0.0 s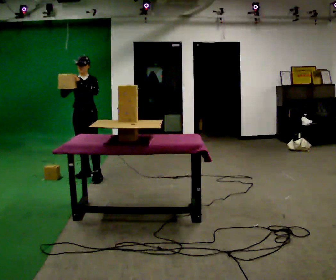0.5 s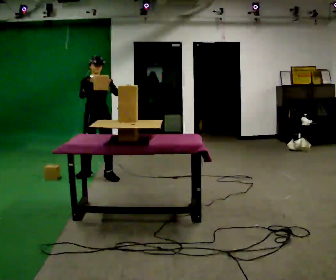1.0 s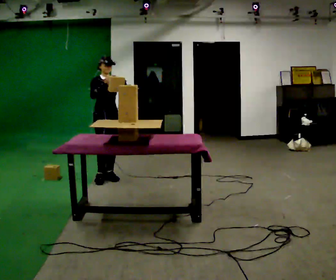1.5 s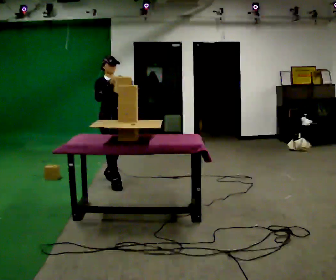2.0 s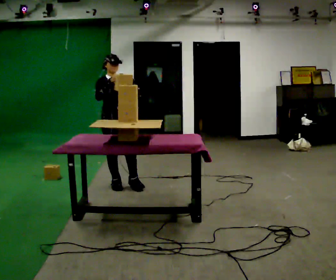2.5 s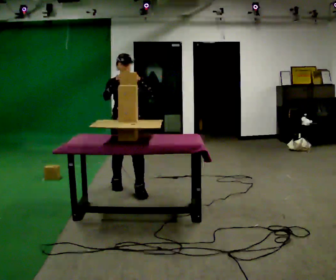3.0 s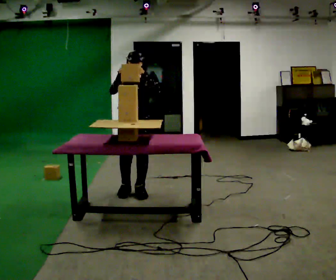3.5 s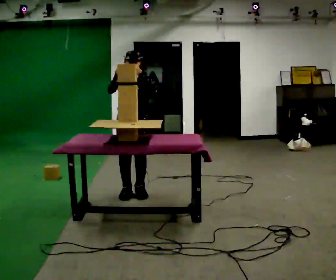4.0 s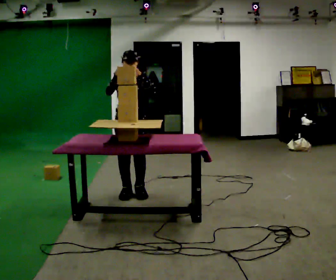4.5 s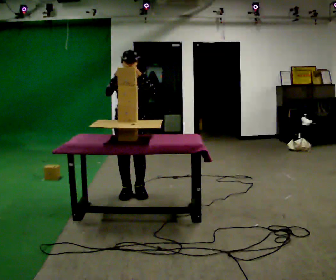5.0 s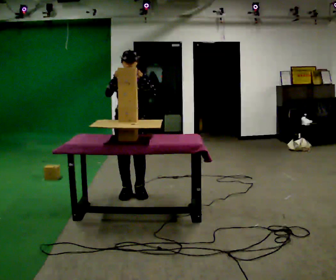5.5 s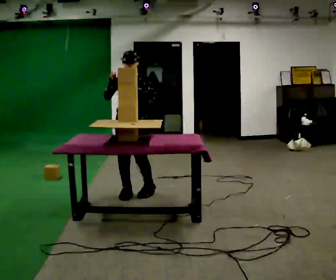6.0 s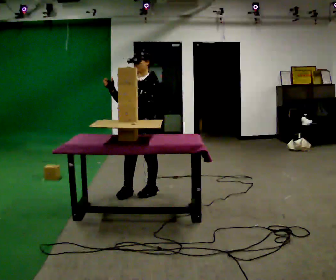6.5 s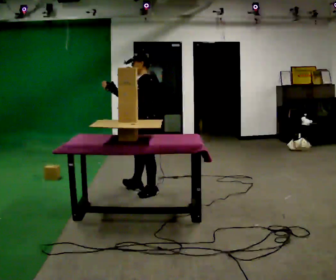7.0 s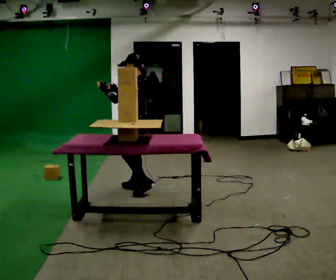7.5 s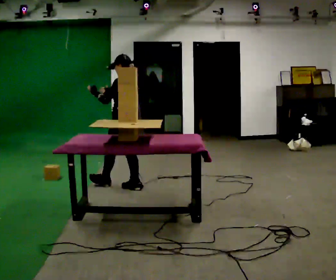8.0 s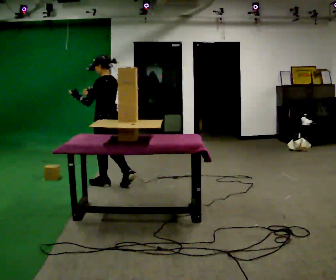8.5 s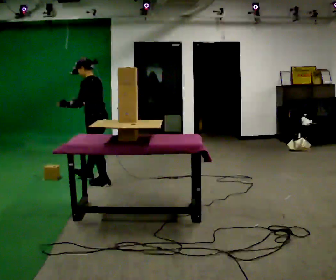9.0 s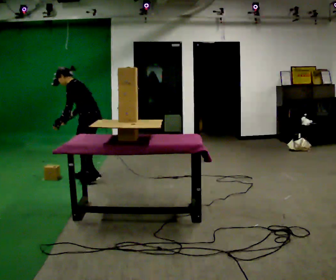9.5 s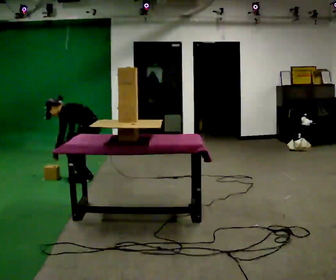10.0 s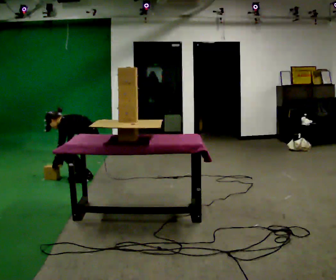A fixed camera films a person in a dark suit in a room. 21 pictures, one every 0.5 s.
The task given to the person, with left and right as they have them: Carry the object over and set it down on the wobbly board without tipping it over. Keep going until the operator says stop; one object at a time, and do not rush between trips.
0.0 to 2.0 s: Seen from above the body turns counterclockwise, about 30 degrees: to their left, with its near side sliding to the right. In the picture they go toward the camera and to the right, about 0.75 m in 2 steps, which for them is forward.
2.0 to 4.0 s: In the picture they go toward the camera and to the right, about 0.5 m in 2 steps, which for them is forward and to their left.
4.0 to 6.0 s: Seen from above the body turns clockwise, about 45 degrees: to their right, with its near side sliding to the left. In the picture they go to the right, about 0.25 m in 1 step, which for them is to their left.
6.0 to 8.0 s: The person turns about 75 degrees to their right, clockwise seen from above, so the part of the body nearest the lens slides to the left. In the picture they go to the left and away from the camera, about 0.5 m in 2 steps.
8.0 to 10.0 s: Seen from above the body turns counterclockwise, about 30 degrees: to their left, with its near side sliding to the right. In the picture they go away from the camera and to the left, about 0.25 m in 2 steps, which for them is forward and to their right. The shoulders move downward. In the picture the upper body tilts counterclockwise, shoulders to the left, as they bend forward. In the picture their left hand goes downward.
The film runs forward here.
